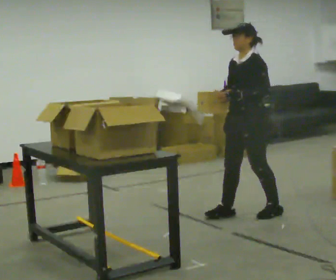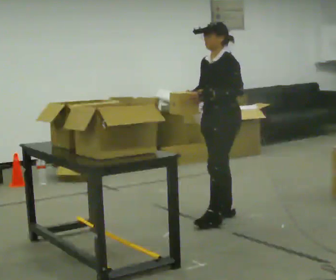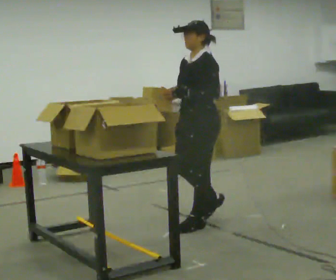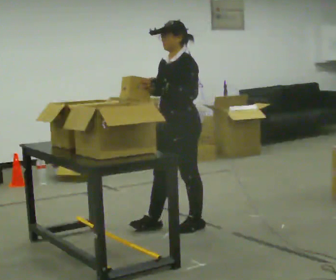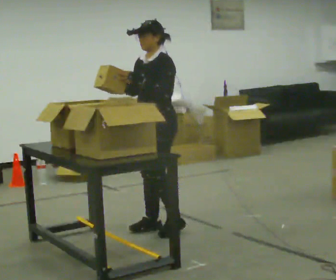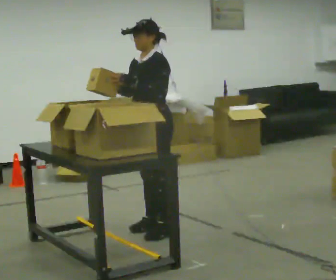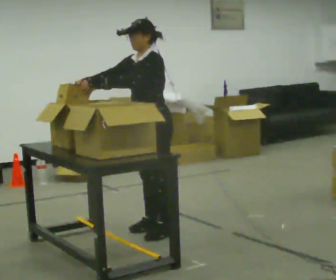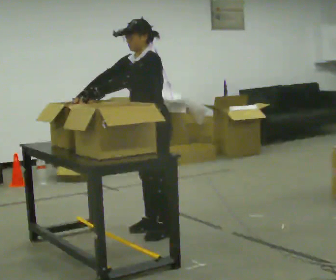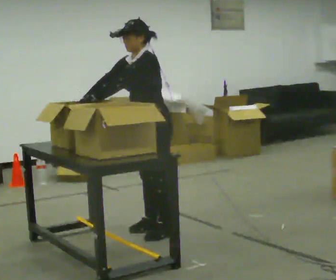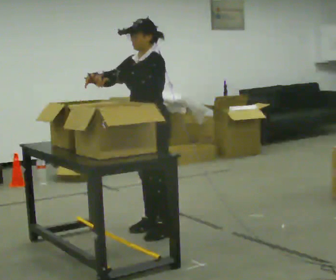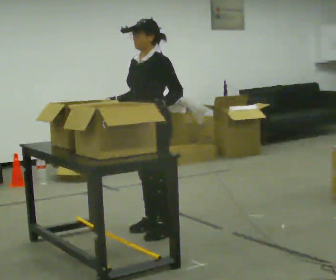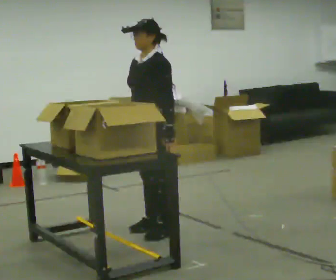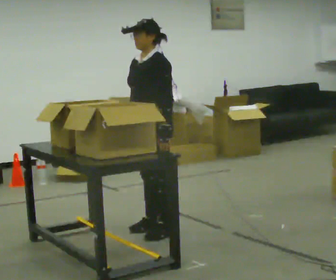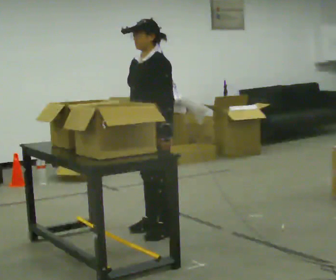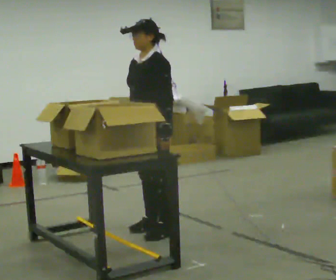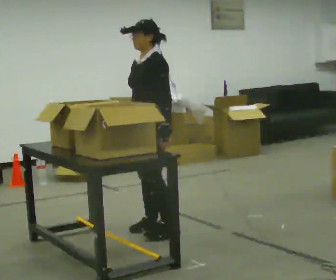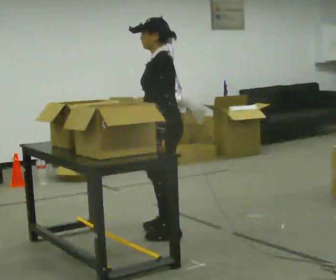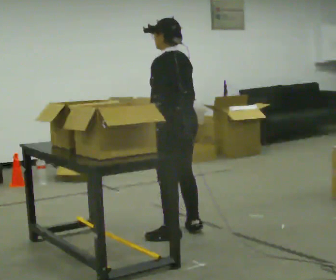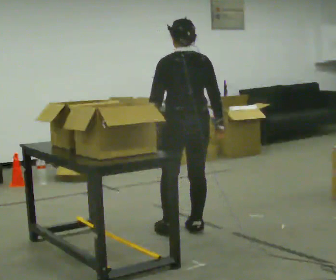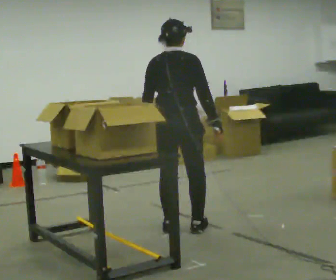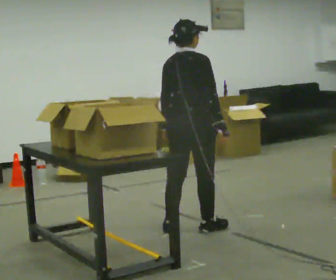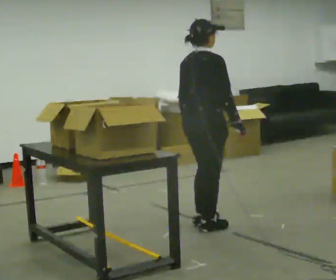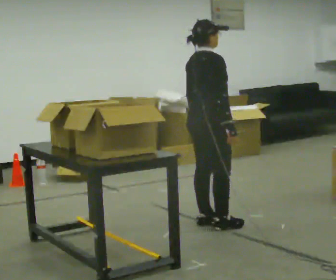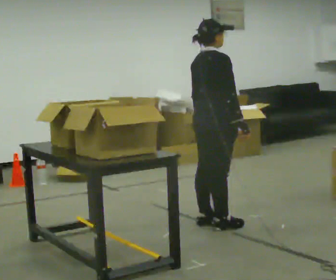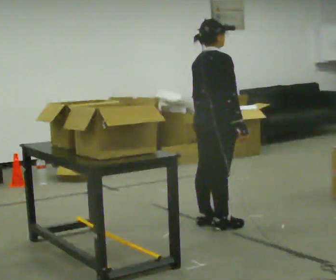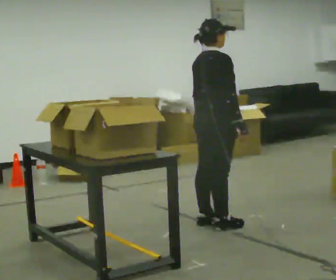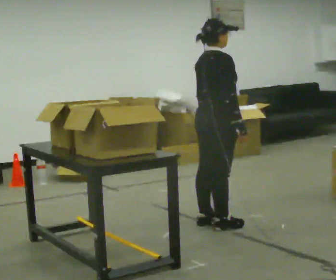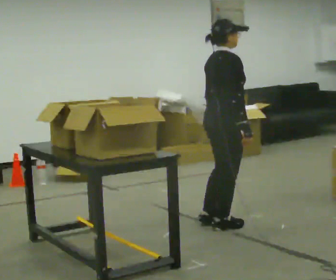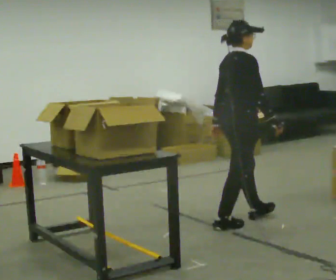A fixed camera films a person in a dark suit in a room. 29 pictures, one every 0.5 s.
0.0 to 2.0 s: In the picture they go to the left, about 1 m in 2 steps, which for them is forward.
2.0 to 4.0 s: In the picture their left hand goes to the left.
4.0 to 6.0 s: In the picture their left hand goes to the right.
6.0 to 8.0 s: The part of the body nearest the lens slides to the left as the person turns to their right by about 30 degrees.
8.0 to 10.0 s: The person turns about 135 degrees to their right, clockwise seen from above, so the part of the body nearest the lens slides to the left. In the picture they go to the right and away from the camera, about 0.25 m in 1 step.
10.0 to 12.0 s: In the picture they go to the right, about 0.25 m in 2 steps, which for them is forward.
12.0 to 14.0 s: In the picture they go to the right, about 0.25 m in 1 step, which for them is forward.
The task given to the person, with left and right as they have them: 1. Read the list the operator gives you. 2. Collect the six items on the list from the shelves. 3. Put them all in the bin on the table. 4. Tell the operator when you are finished.
The film runs forward here.
